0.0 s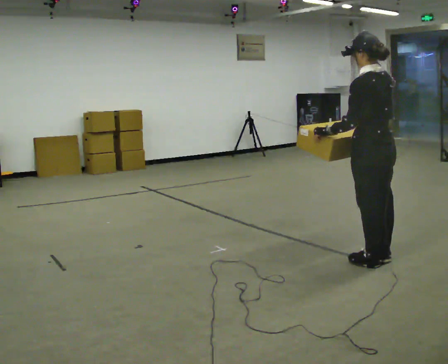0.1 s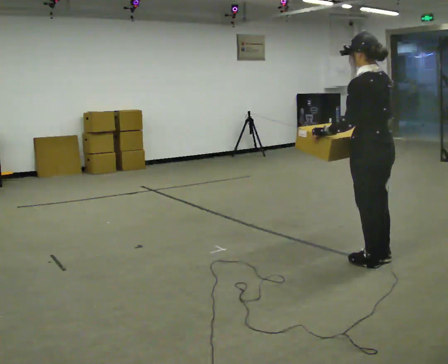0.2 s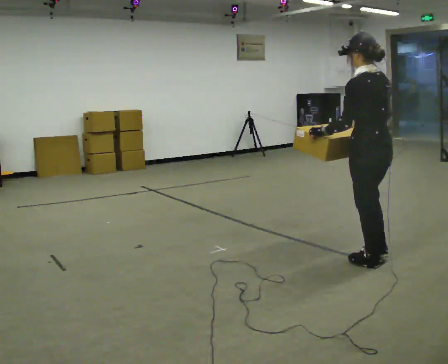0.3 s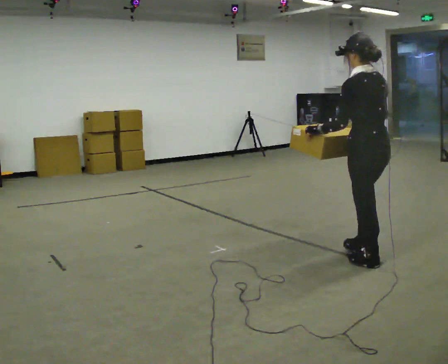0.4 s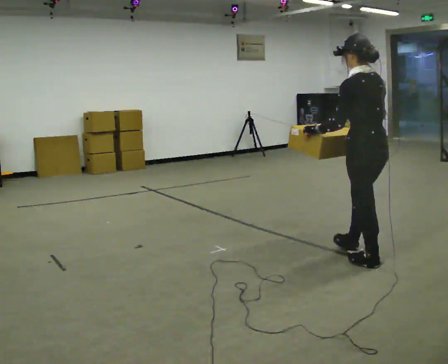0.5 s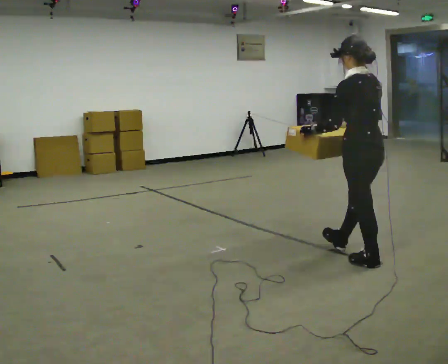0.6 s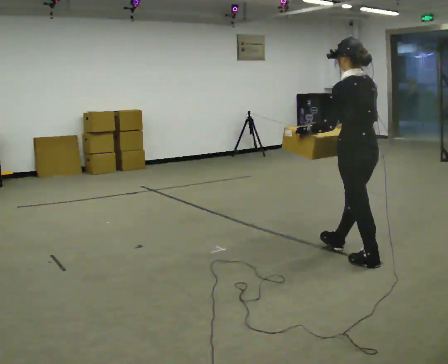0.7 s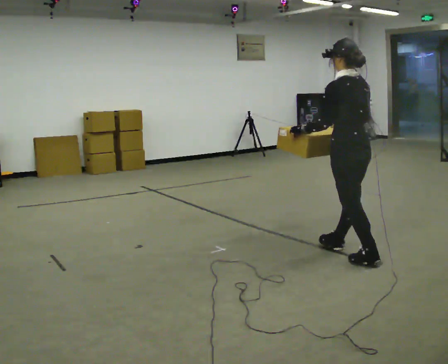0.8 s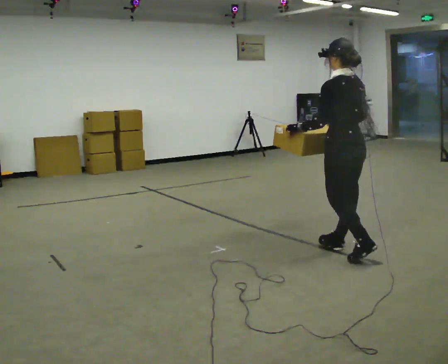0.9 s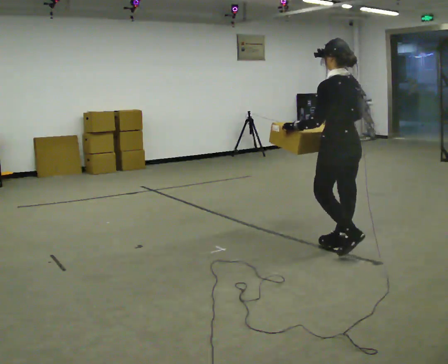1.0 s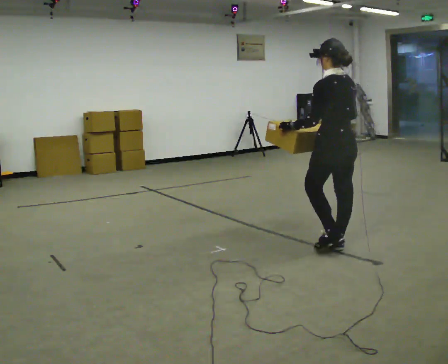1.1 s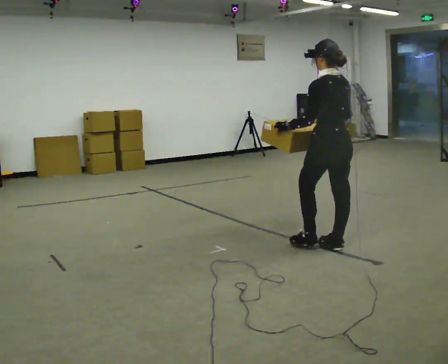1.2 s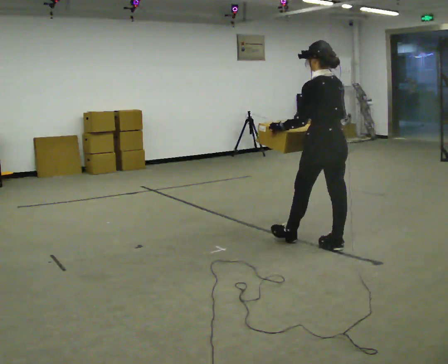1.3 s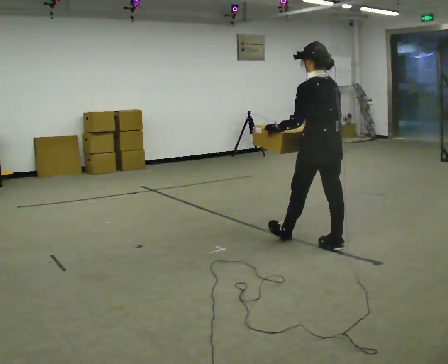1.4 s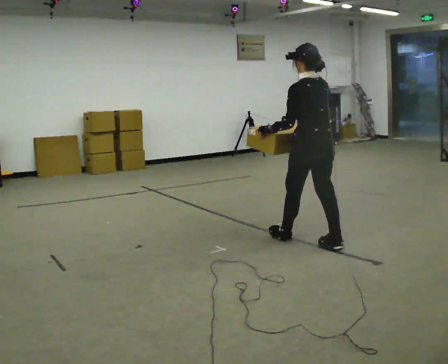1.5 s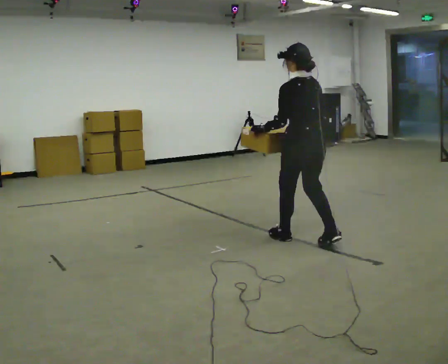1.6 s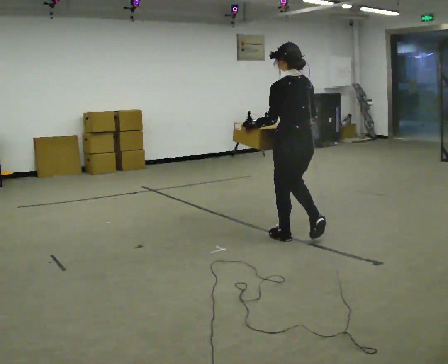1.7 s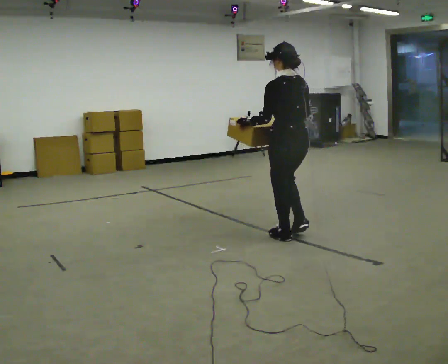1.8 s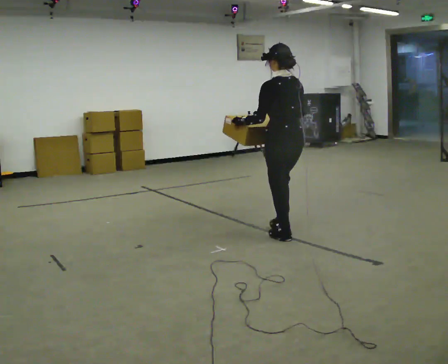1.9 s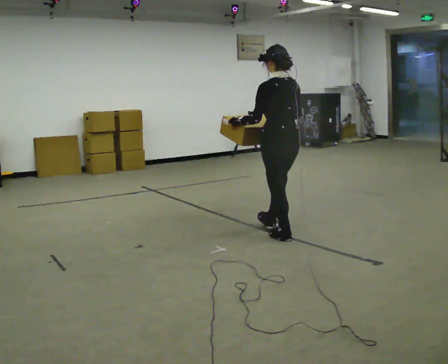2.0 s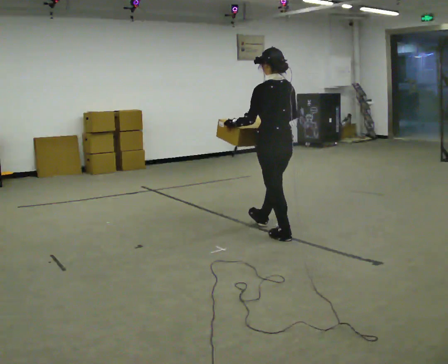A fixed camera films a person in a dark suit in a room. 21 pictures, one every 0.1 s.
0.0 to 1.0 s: In the picture they go away from the camera and to the left, about 0.5 m in 1 step, which for them is forward.
1.0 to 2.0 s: In the picture they go to the left and away from the camera, about 0.75 m in 1 step, which for them is forward.
The film runs forward here.
